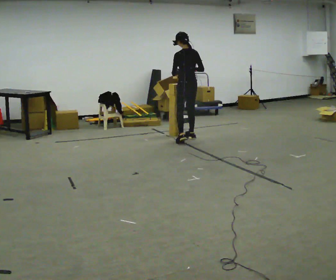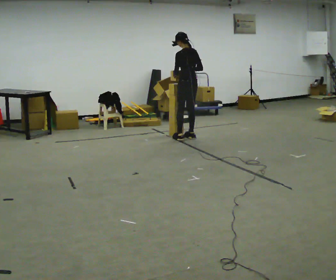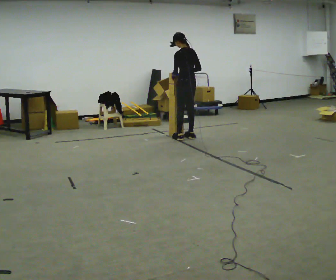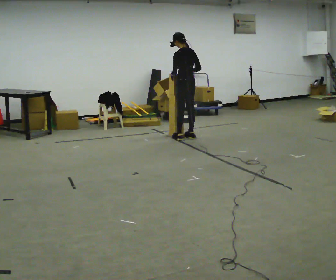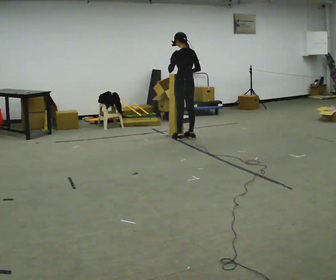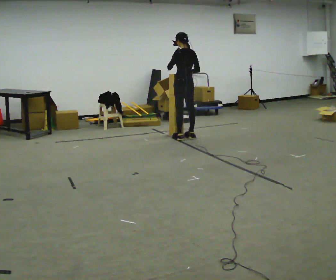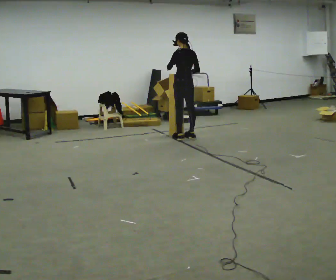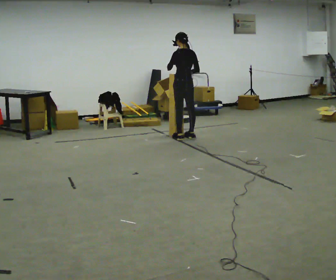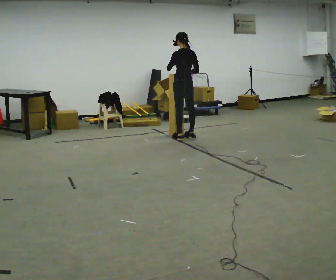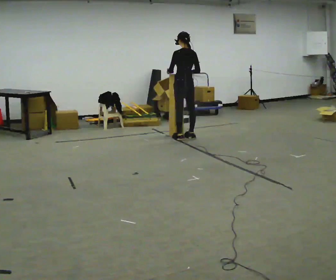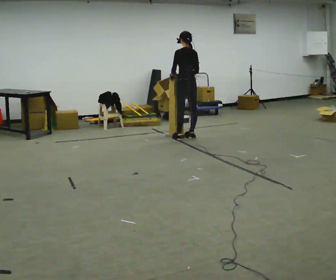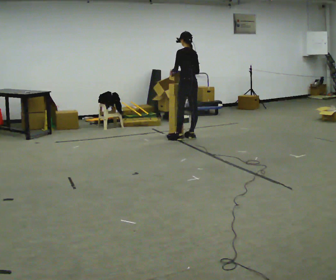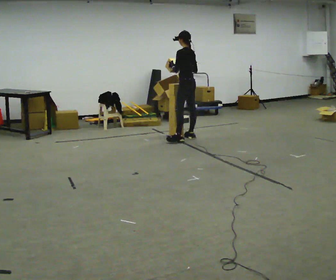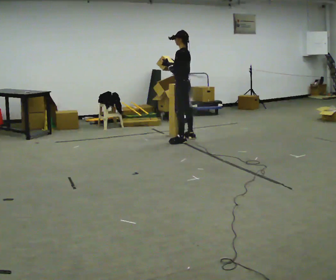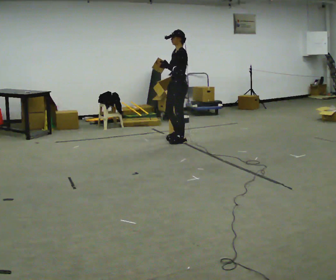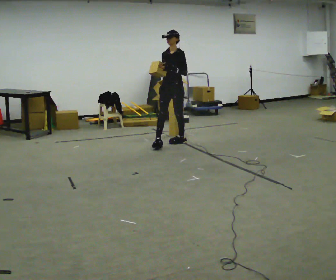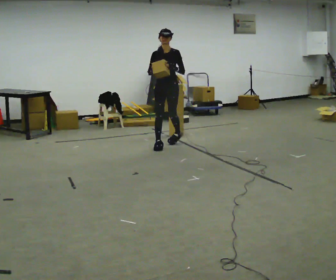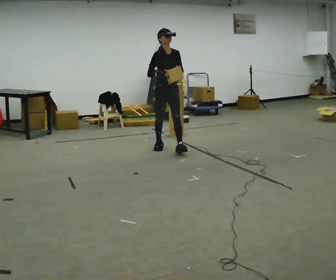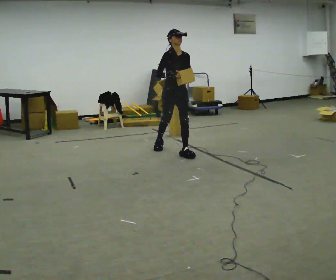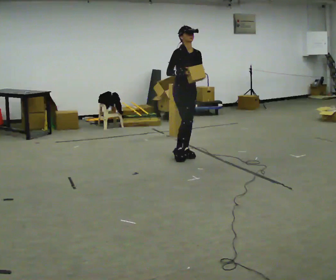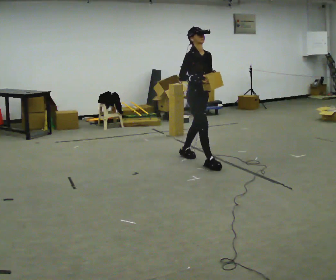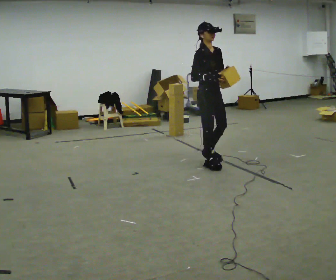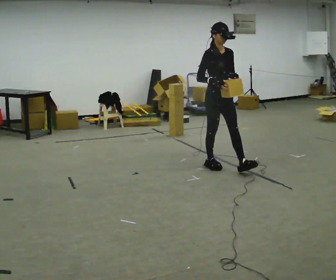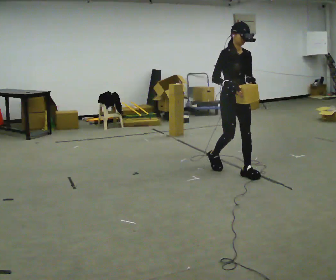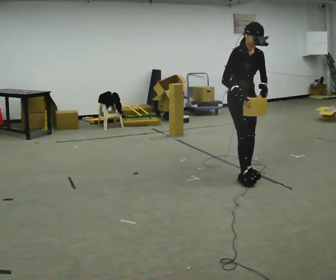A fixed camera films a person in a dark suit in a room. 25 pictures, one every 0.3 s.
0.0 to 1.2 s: In the picture they go away from the camera, about 0.25 m in 1 step, which for them is forward.
1.2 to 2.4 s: The person moves a little, or ends about where they began.
2.4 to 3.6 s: Seen from above the body turns counterclockwise, about 30 degrees: to their left, with its near side sliding to the right.
3.6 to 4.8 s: The person turns about 120 degrees to their left, counterclockwise seen from above, so the part of the body nearest the lens slides to the right. In the picture they go toward the camera and to the left, about 0.5 m in 2 steps.
4.8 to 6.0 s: The part of the body nearest the lens slides to the right as the person turns to their left by about 45 degrees. In the picture they go toward the camera and to the right, about 1 m in 2 steps, which for them is forward.
6.0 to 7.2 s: In the picture they go toward the camera and to the right, about 1 m in 1 step, which for them is forward.
The film runs forward here.
